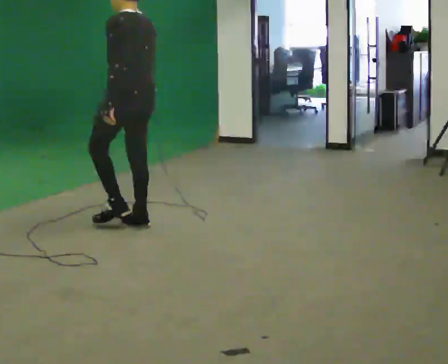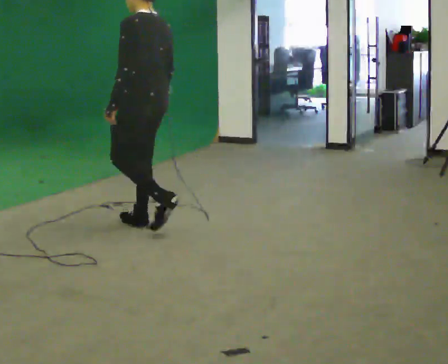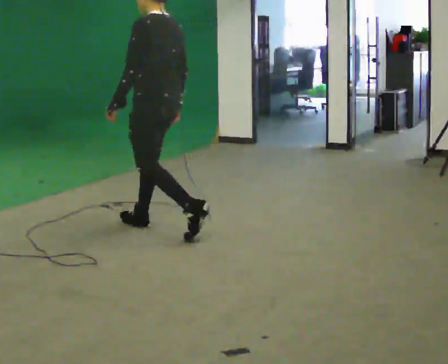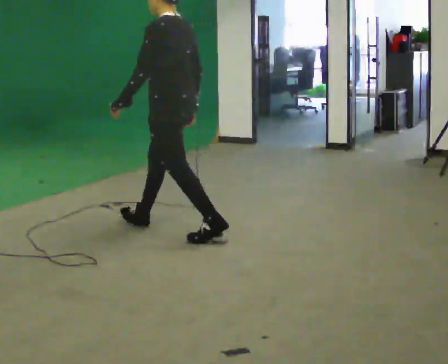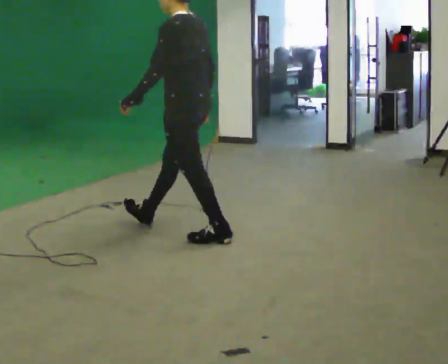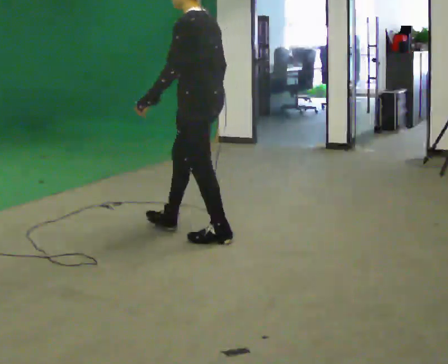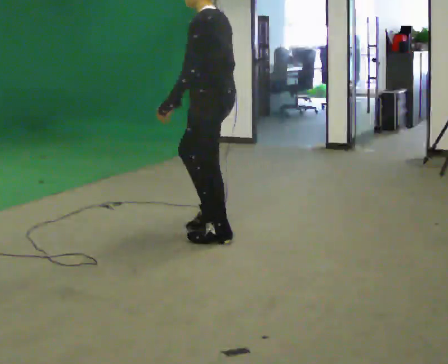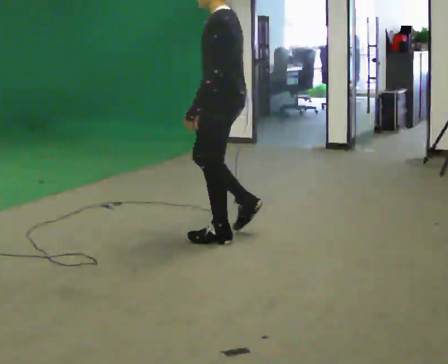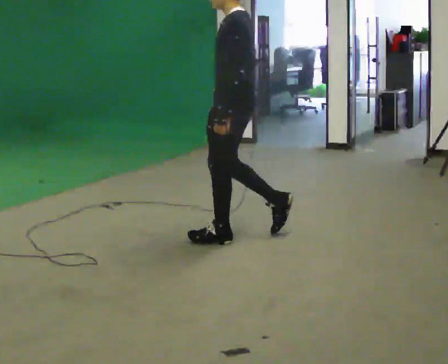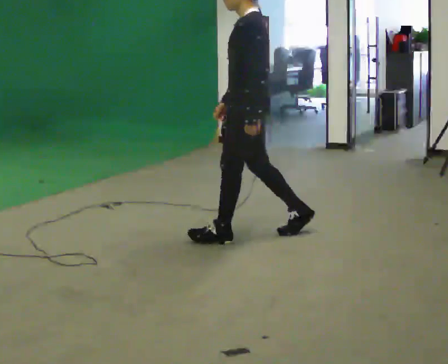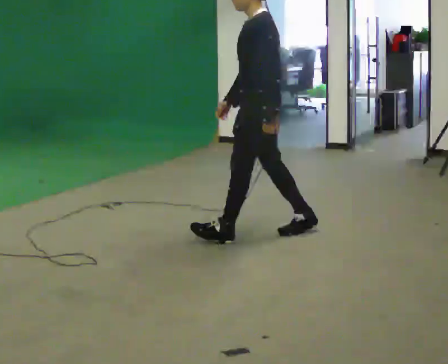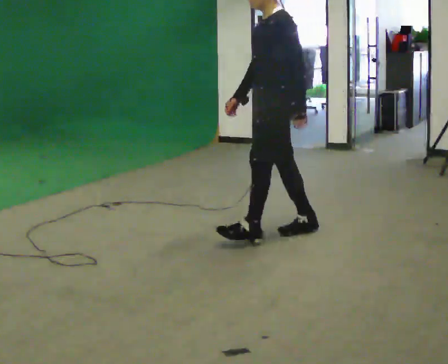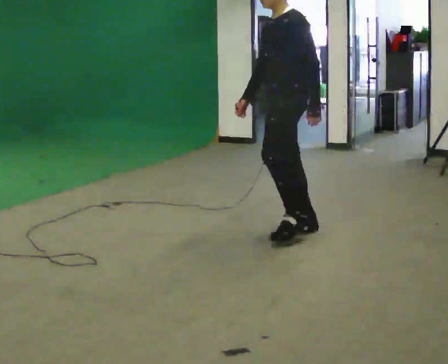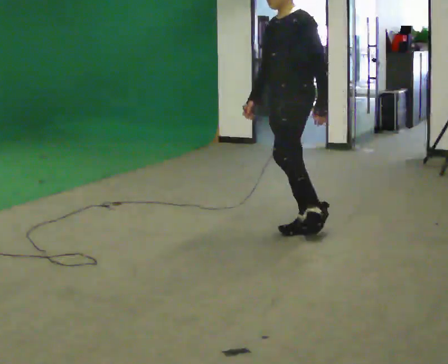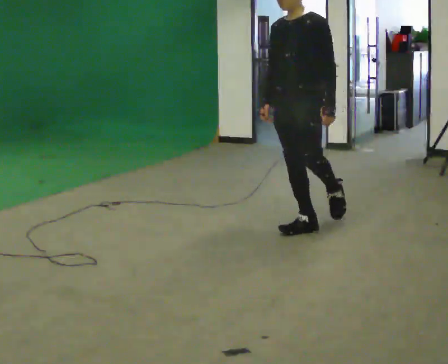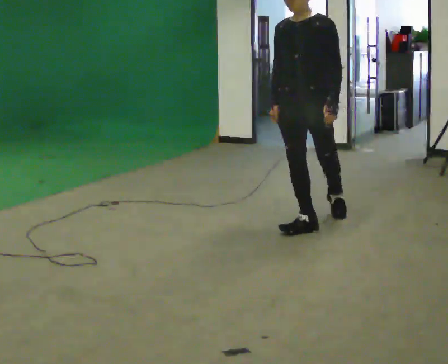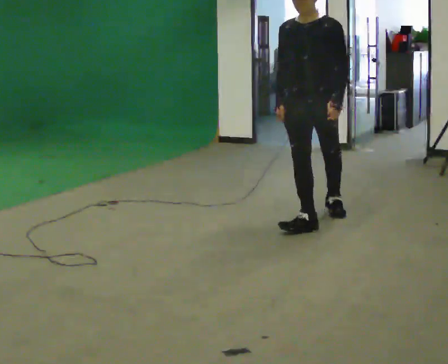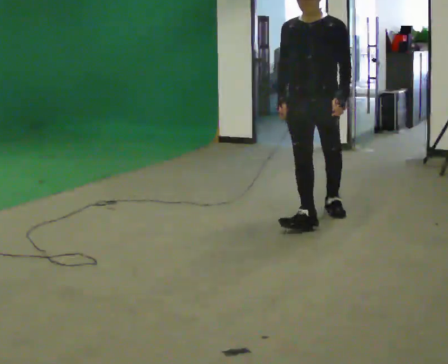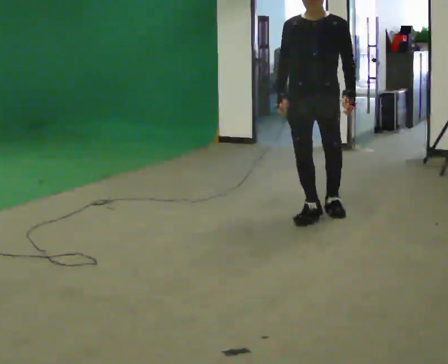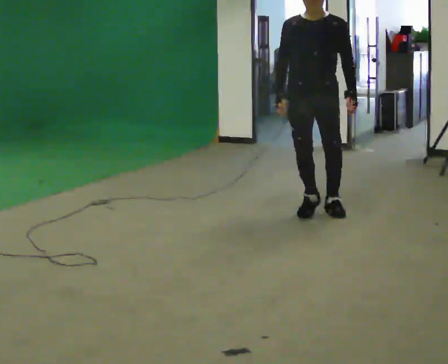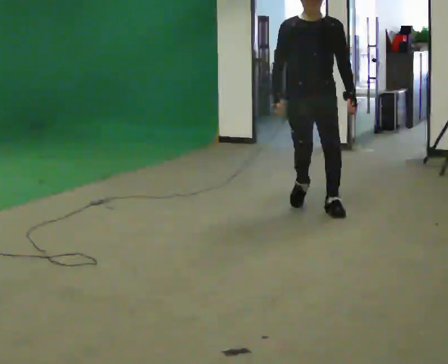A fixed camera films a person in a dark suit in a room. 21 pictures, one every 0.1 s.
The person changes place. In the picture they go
to the right.
The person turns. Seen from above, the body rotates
counterclockwise.
0.0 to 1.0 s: The part of the body nearest the lens slides to the right as the person turns to their left by about 30 degrees. In the picture they go to the right, about 1 m in 1 step, which for them is backward.
1.0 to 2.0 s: The part of the body nearest the lens slides to the right as the person turns to their left by about 90 degrees. In the picture they go away from the camera and to the right, about 0.75 m in 2 steps.
The film runs backward here.
